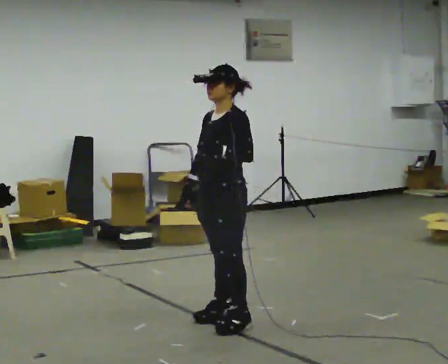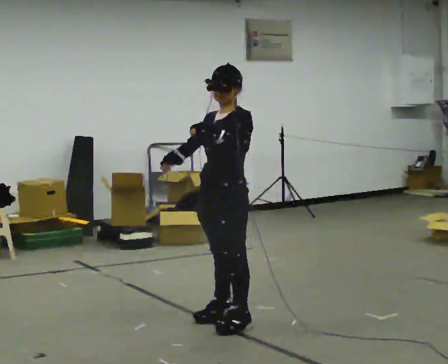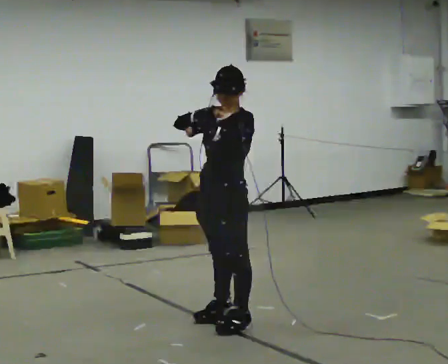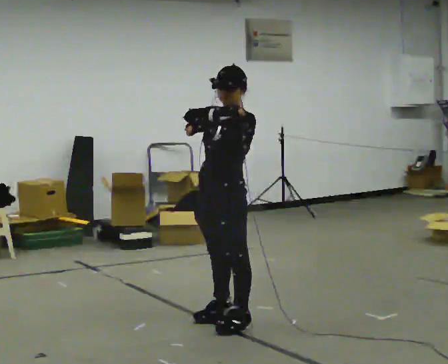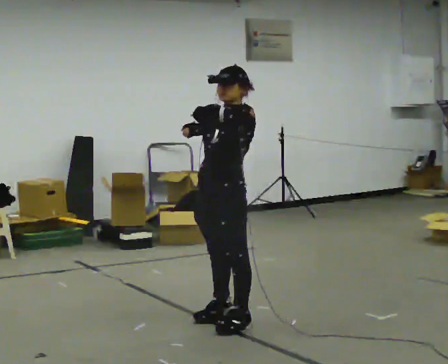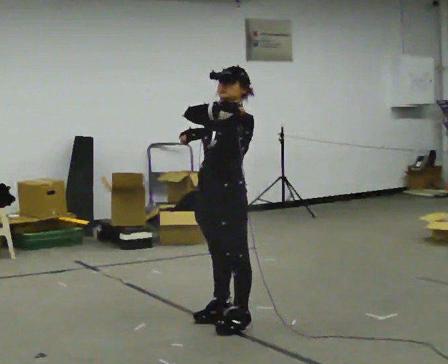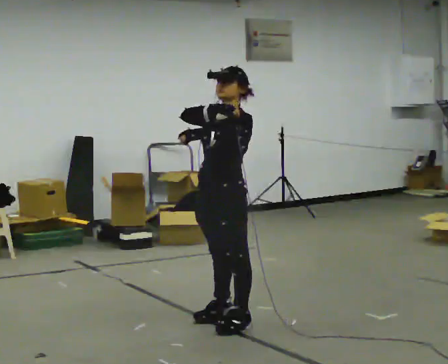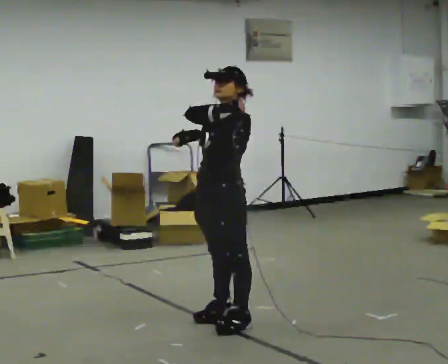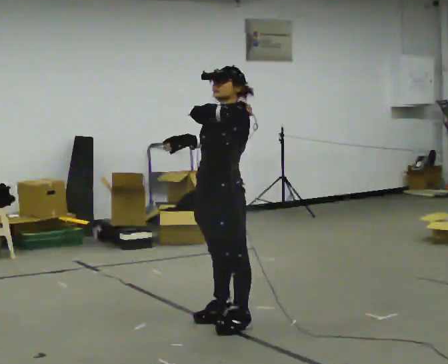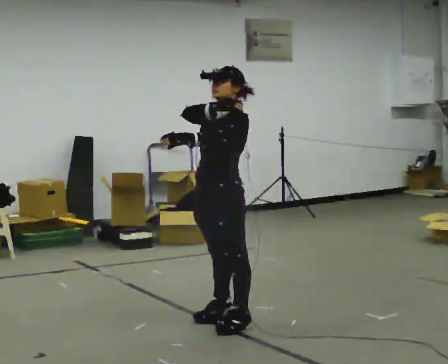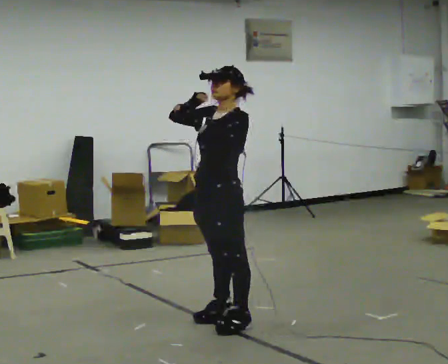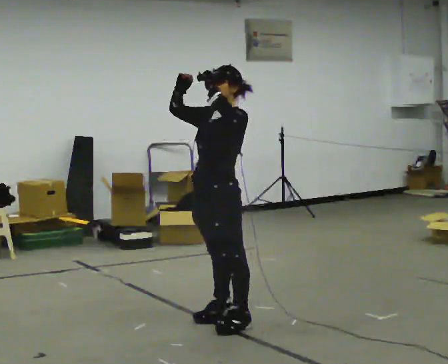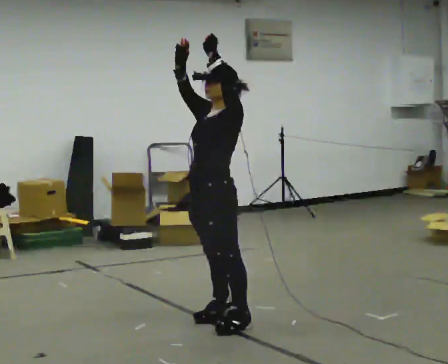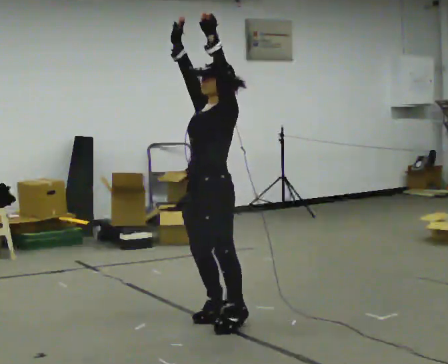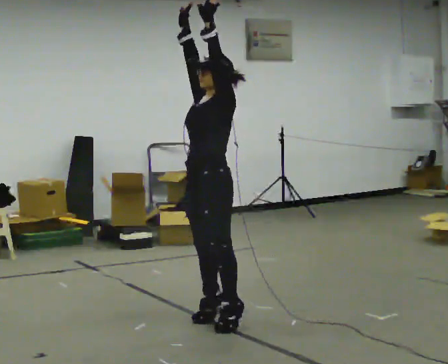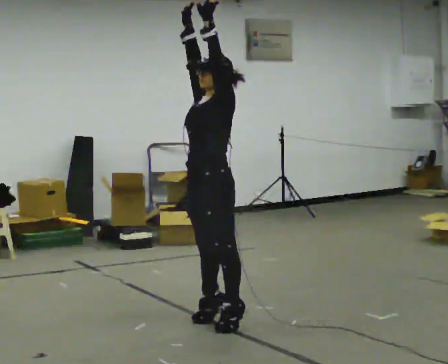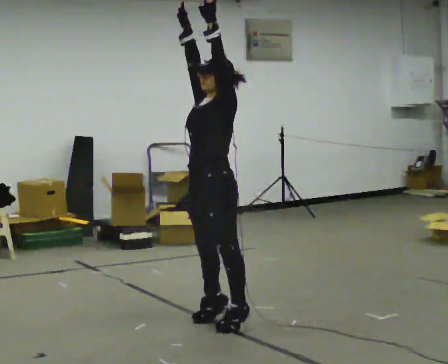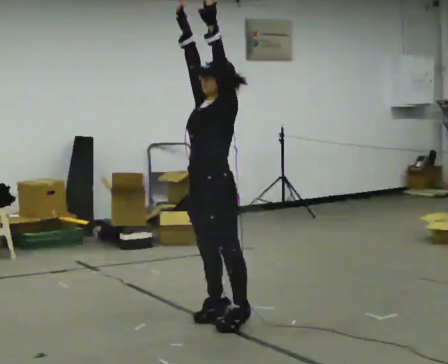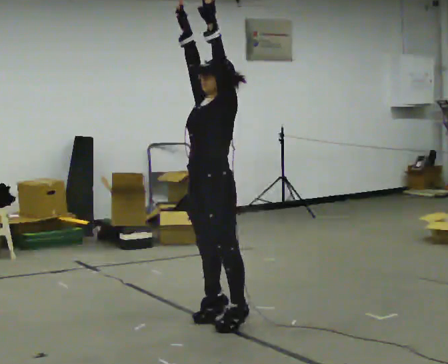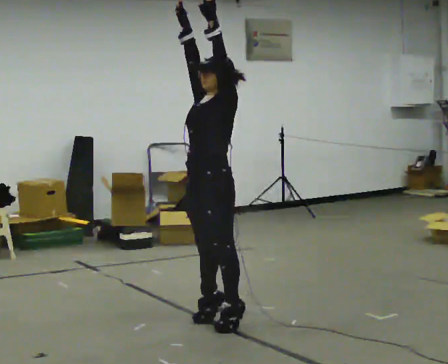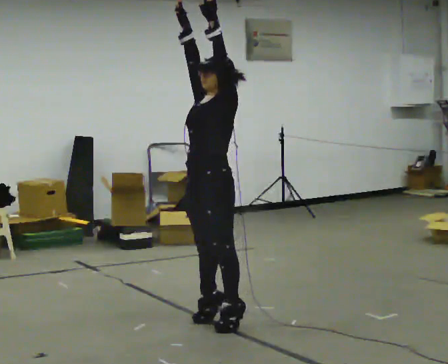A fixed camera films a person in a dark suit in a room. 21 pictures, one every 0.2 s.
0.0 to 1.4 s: In the picture their right hand goes upward.
1.4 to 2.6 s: In the picture their left hand goes upward.
2.6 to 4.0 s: The person moves a little, or ends about where they began.
The film runs forward here.
